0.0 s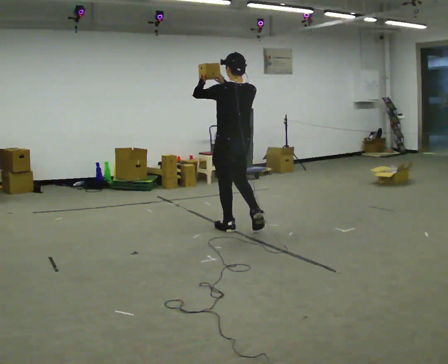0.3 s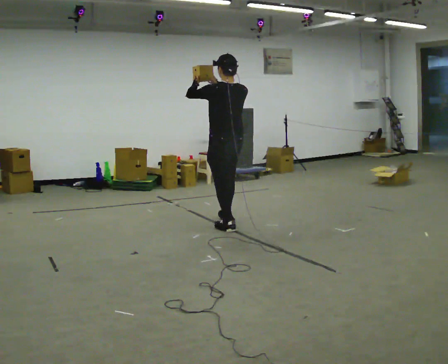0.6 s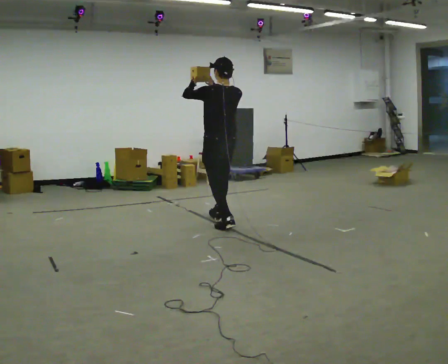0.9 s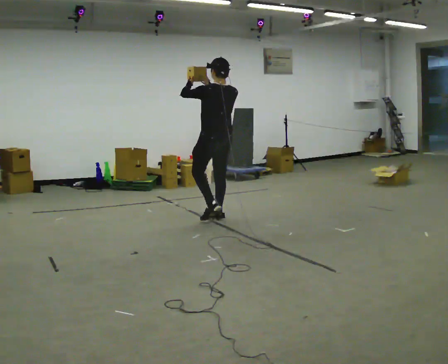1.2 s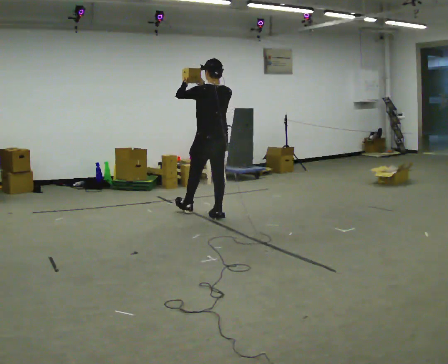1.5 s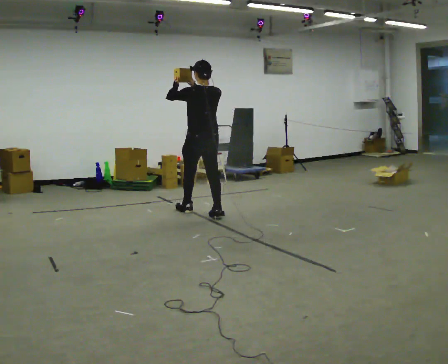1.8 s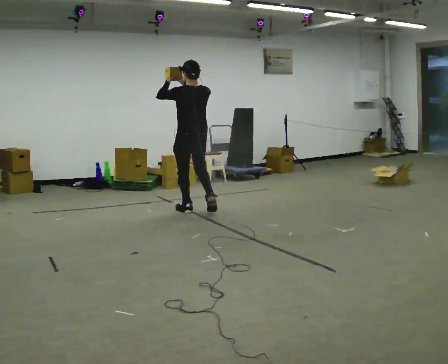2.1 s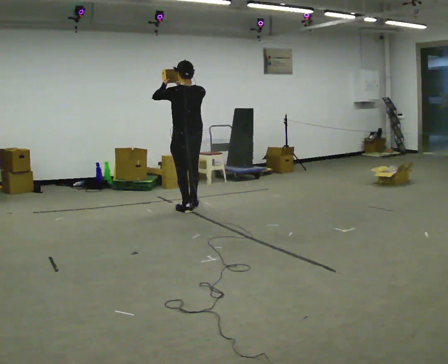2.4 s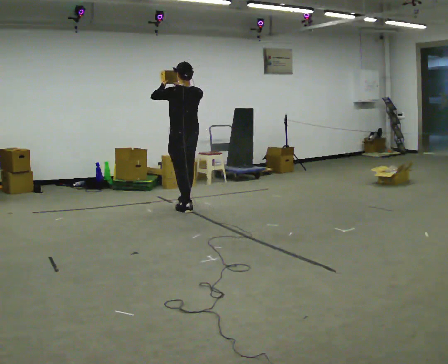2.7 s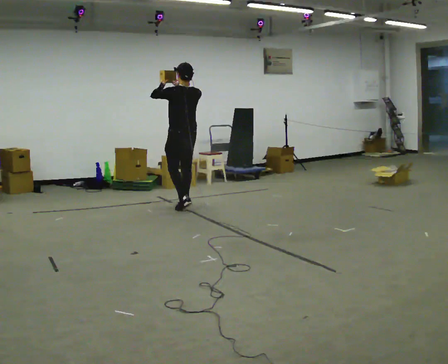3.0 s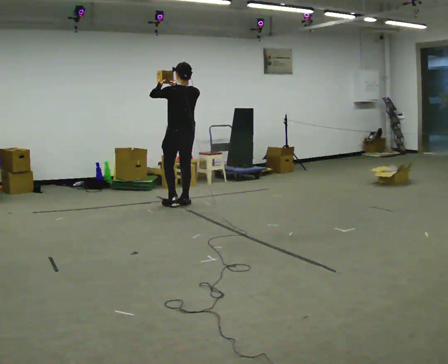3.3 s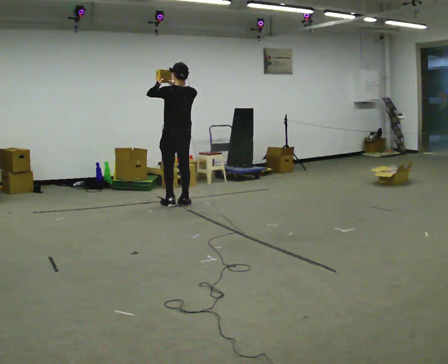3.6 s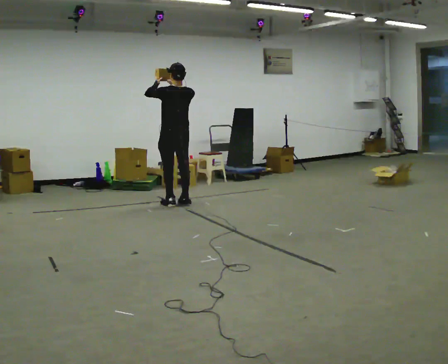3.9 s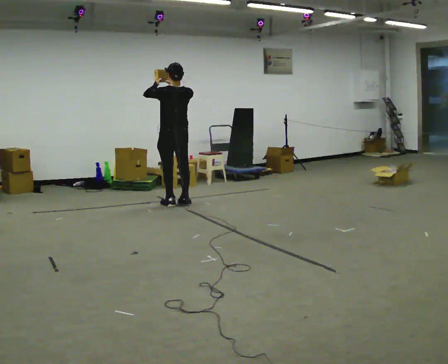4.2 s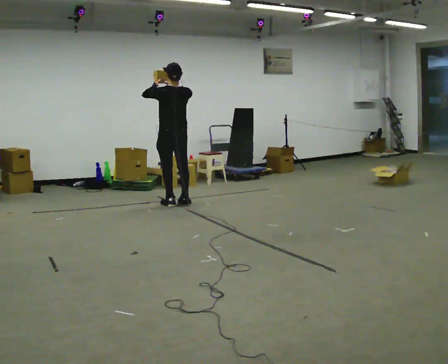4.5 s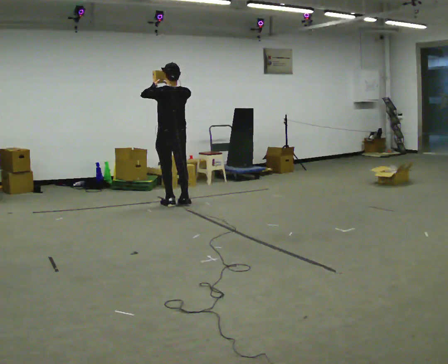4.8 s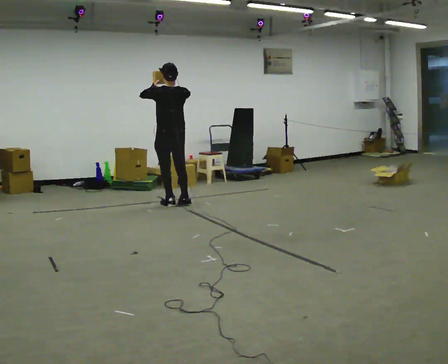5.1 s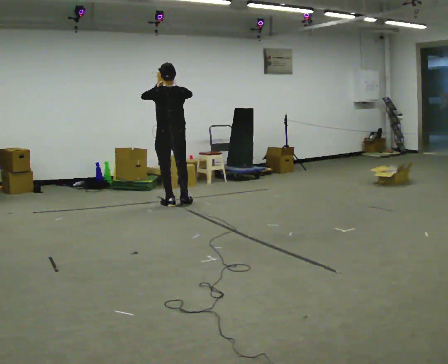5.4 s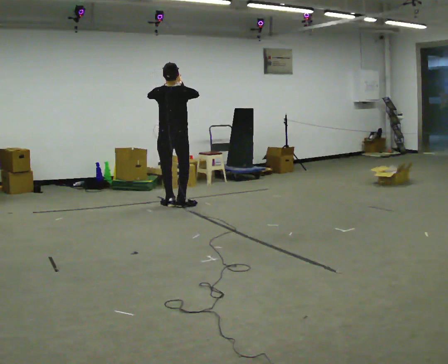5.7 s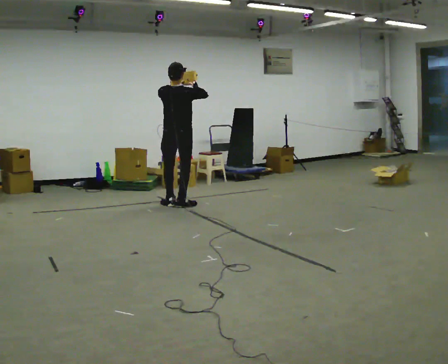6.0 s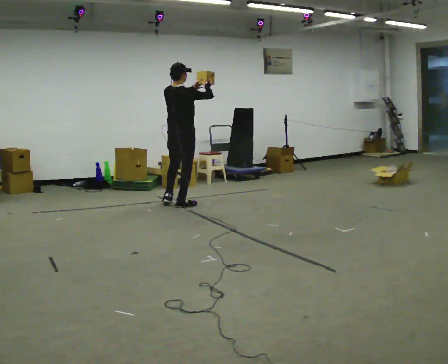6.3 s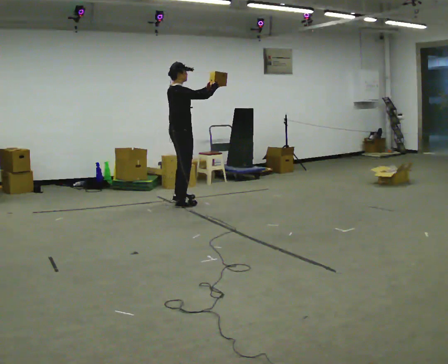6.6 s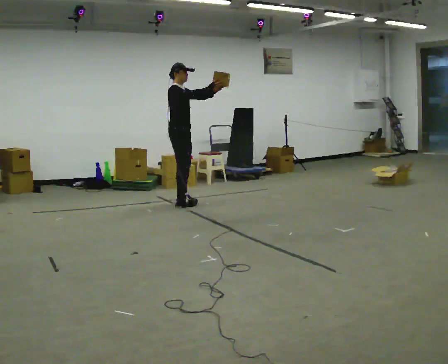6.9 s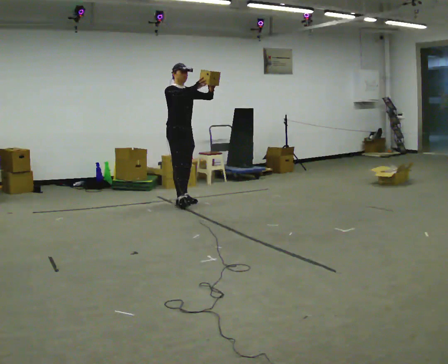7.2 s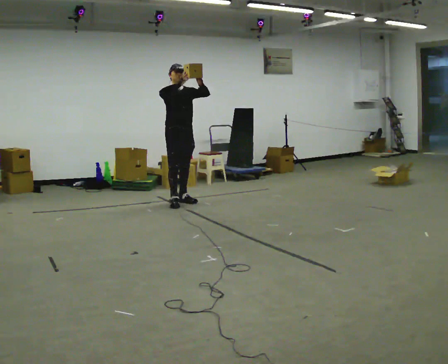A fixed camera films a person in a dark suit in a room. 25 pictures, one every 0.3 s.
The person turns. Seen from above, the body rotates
clockwise.
The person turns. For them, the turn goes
to their right.
0.0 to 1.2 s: In the picture they go away from the camera, about 0.75 m in 2 steps, which for them is forward.
1.2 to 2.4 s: In the picture they go away from the camera and to the left, about 0.5 m in 1 step, which for them is forward.
2.4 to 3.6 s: In the picture they go away from the camera, about 0.25 m in 1 step, which for them is forward.
3.6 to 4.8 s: The person moves a little, or ends about where they began.
4.8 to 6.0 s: The person turns about 60 degrees to their right, clockwise seen from above, so the part of the body nearest the lens slides to the left. In the picture their left hand goes to the right.
6.0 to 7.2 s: The person turns about 105 degrees to their right, clockwise seen from above, so the part of the body nearest the lens slides to the left.
The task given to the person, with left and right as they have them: Carry the object held up above your head, walking back and forth across the room.
The film runs forward here.
